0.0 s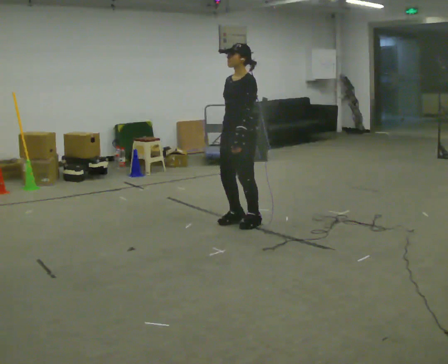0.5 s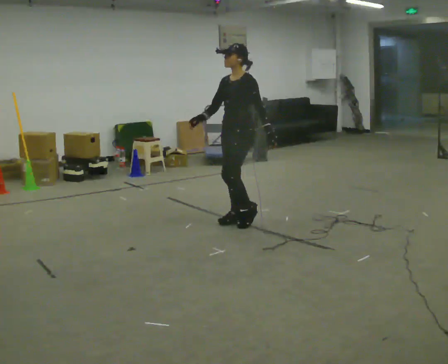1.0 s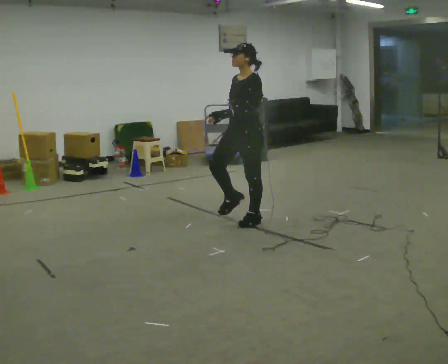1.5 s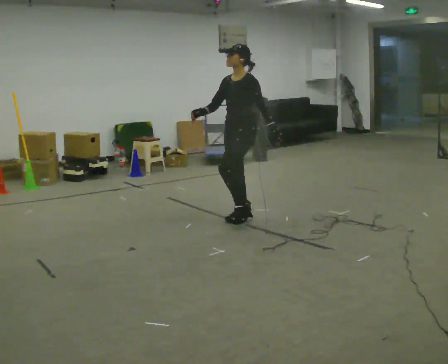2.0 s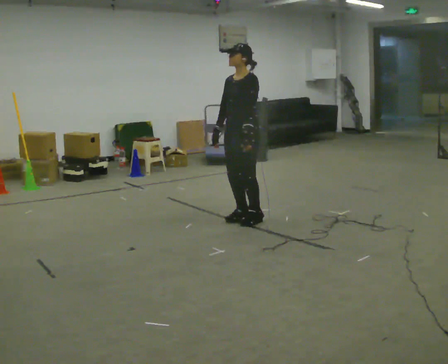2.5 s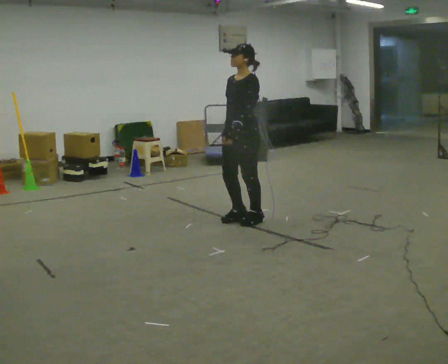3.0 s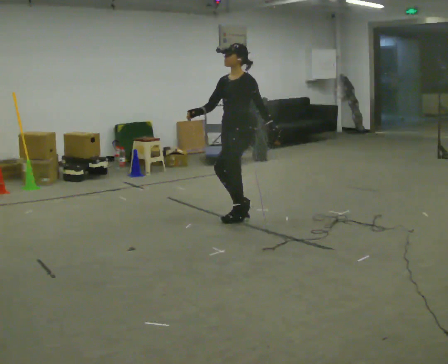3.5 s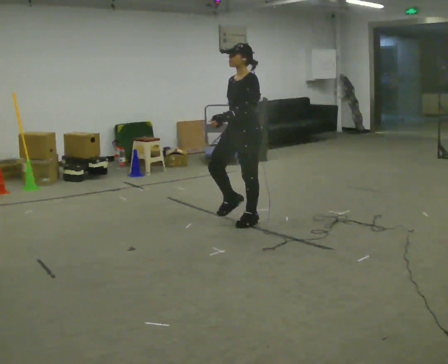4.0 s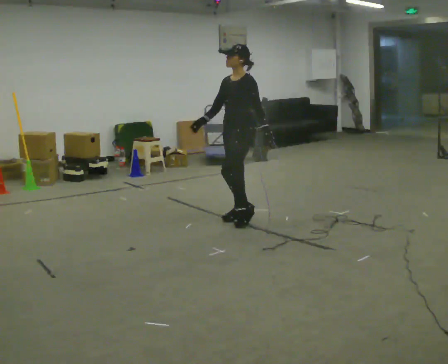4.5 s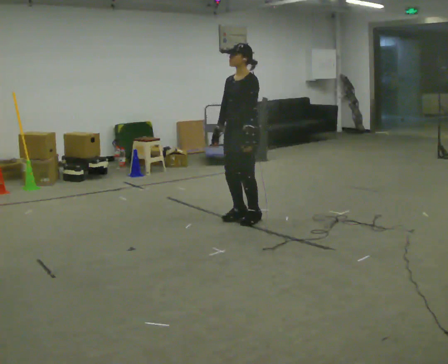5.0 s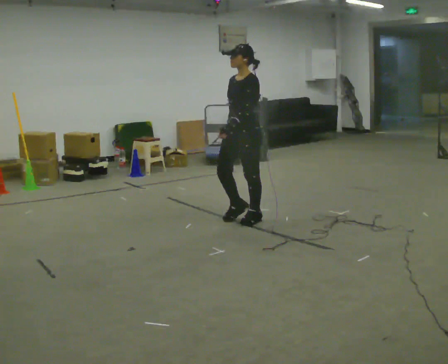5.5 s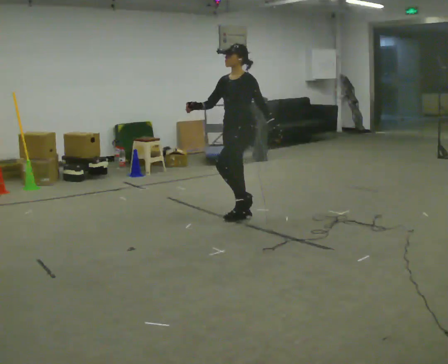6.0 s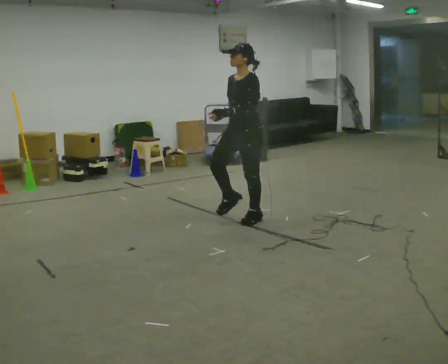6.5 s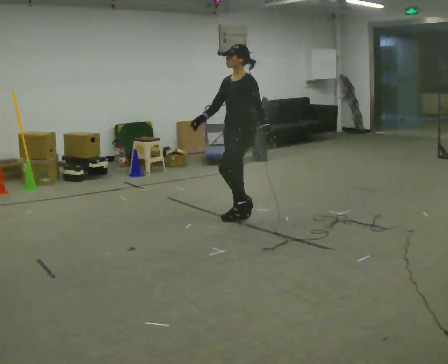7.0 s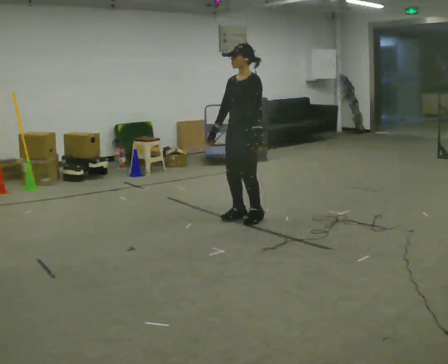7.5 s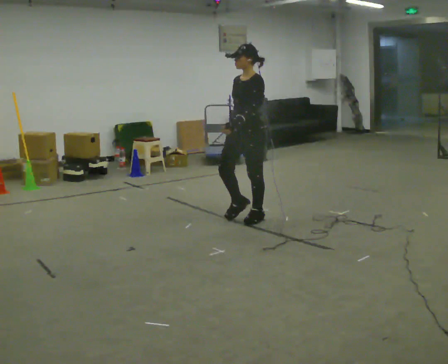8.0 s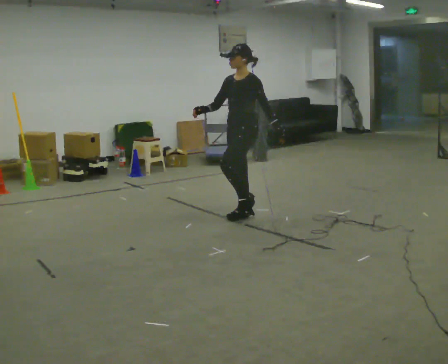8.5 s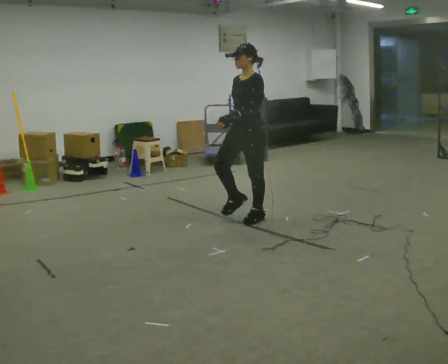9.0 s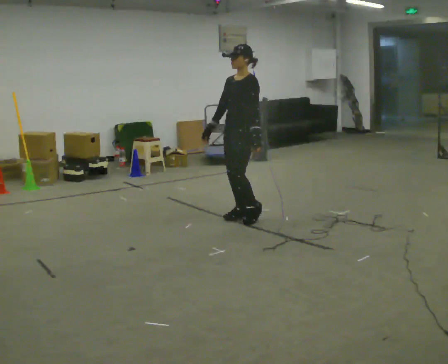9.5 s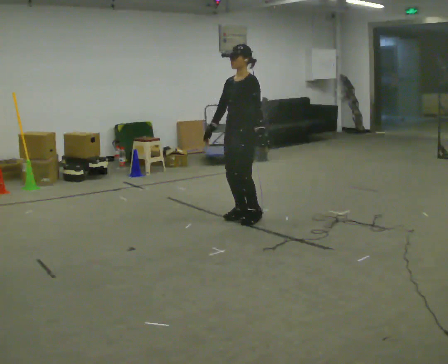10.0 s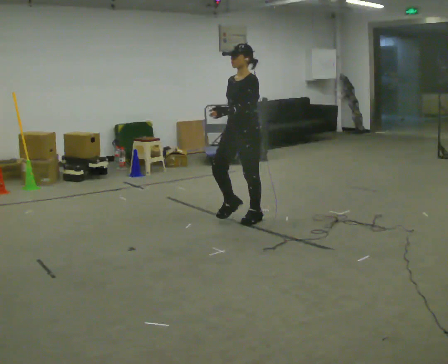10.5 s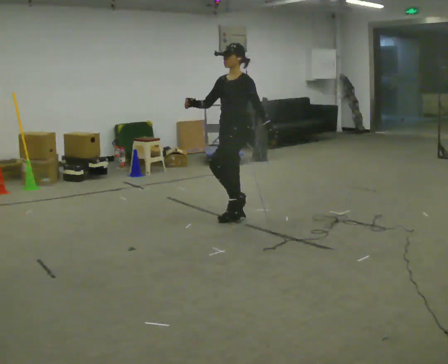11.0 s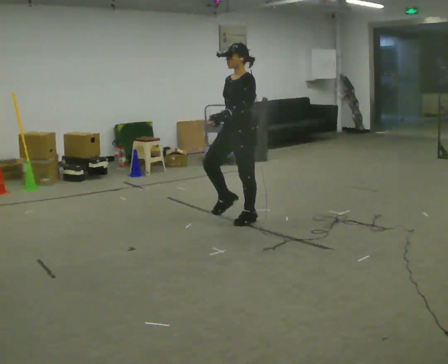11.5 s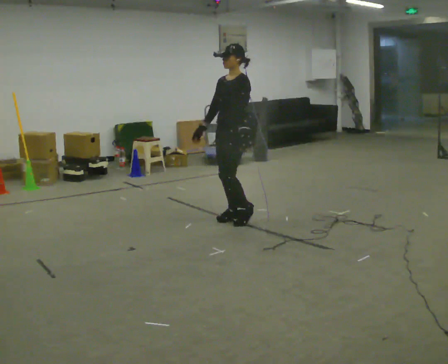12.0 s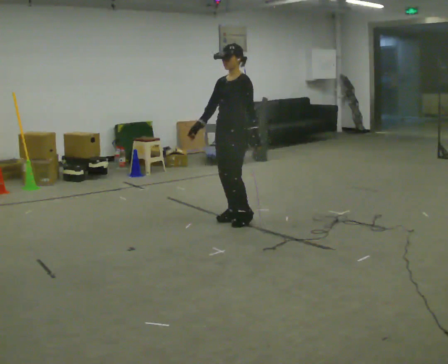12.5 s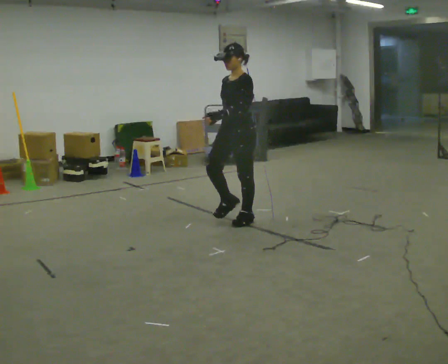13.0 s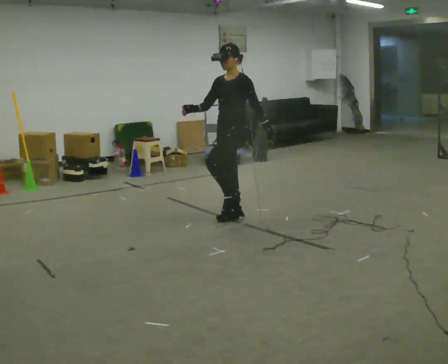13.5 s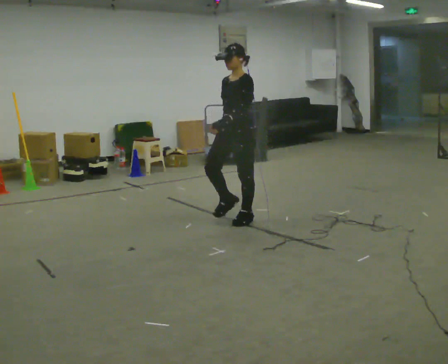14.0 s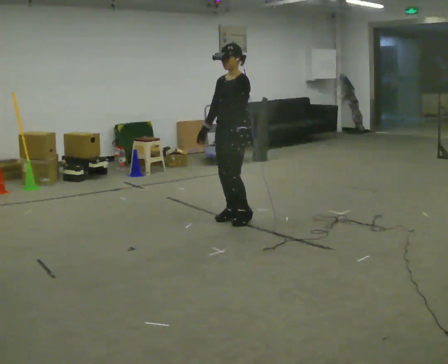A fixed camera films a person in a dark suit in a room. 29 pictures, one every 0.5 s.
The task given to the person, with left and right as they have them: March in place at a comfortable rhythm without moving forward; stop.
0.0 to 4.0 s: The person moves a little, or ends about where they began.
4.0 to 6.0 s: In the picture their left hand goes to the left.
6.0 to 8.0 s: In the picture their right hand goes to the left.
8.0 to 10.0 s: In the picture their left hand goes to the left.
10.0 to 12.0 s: In the picture their right hand goes to the left.
12.0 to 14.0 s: The person moves a little, or ends about where they began.
The film runs forward here.
